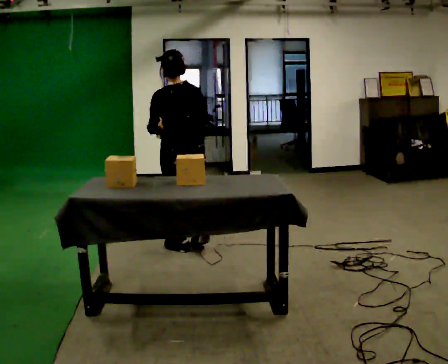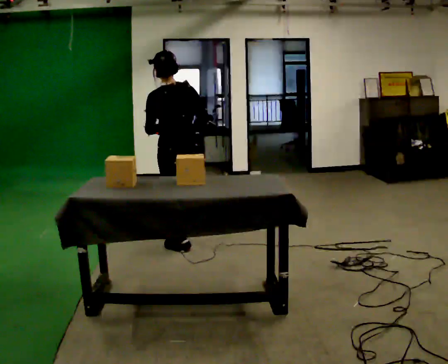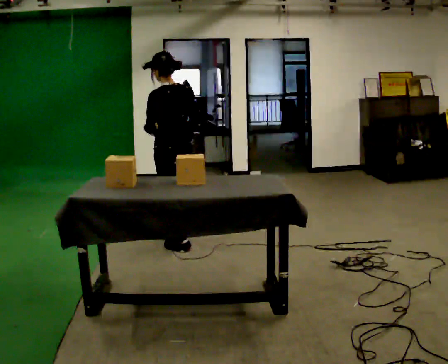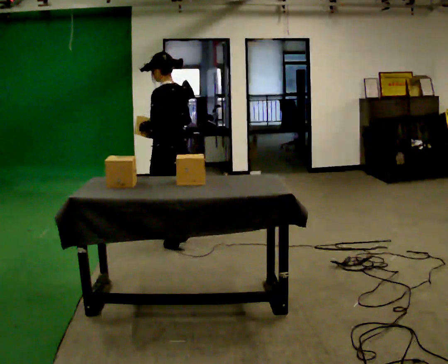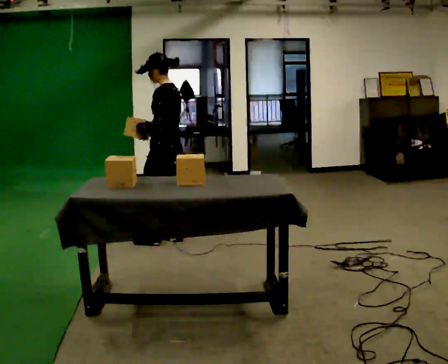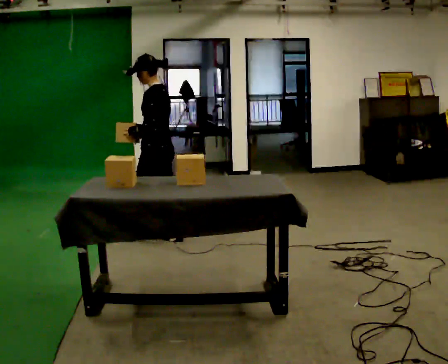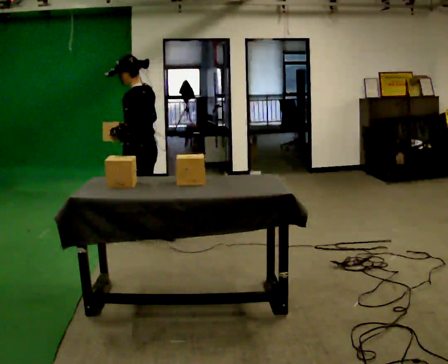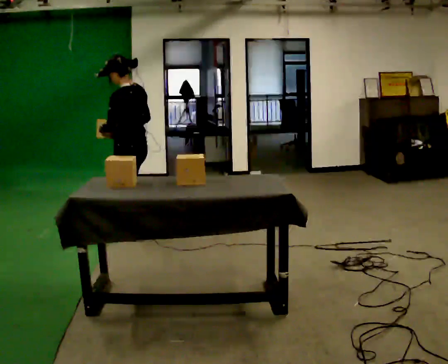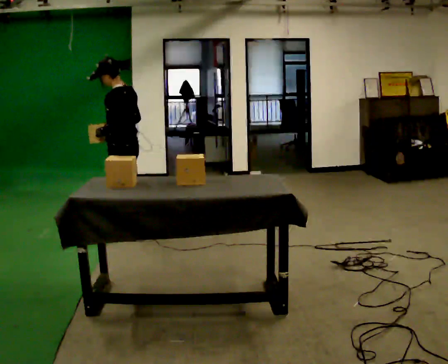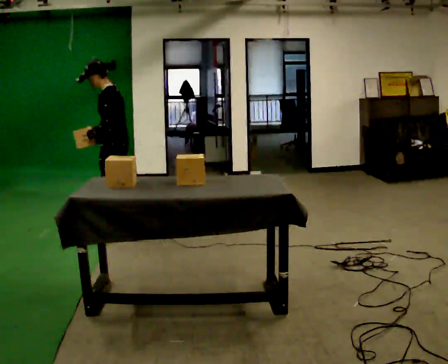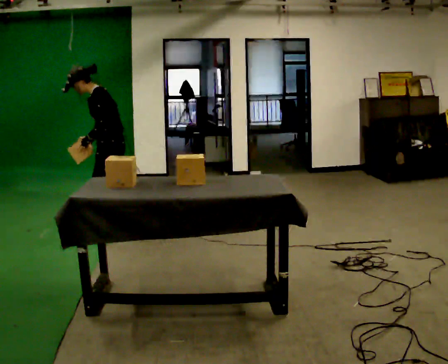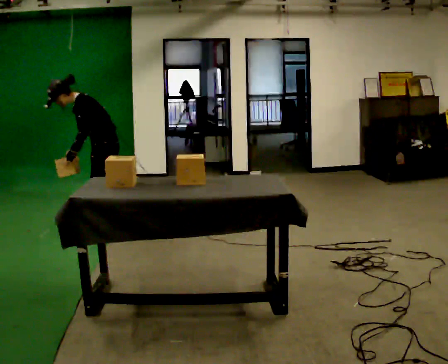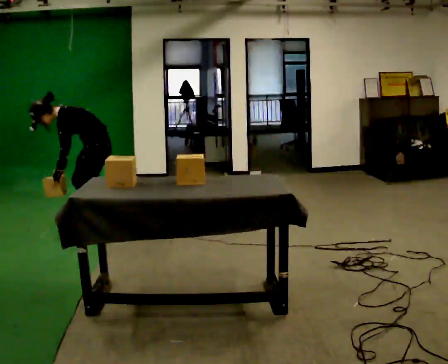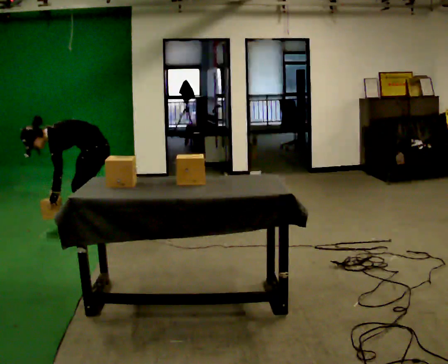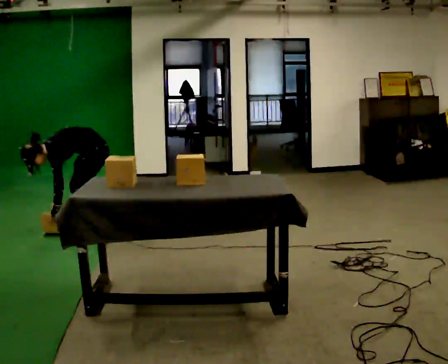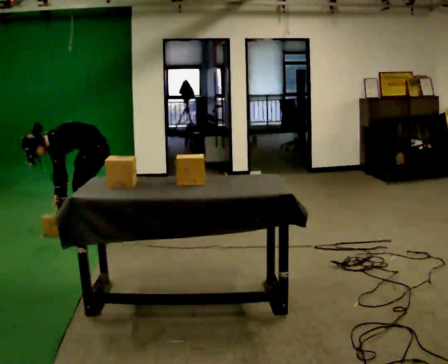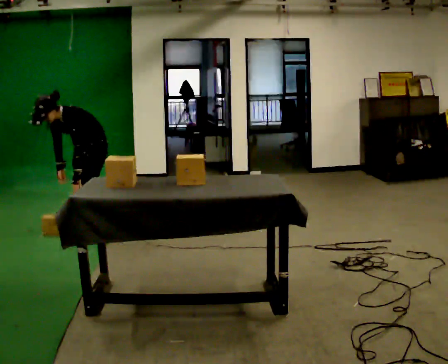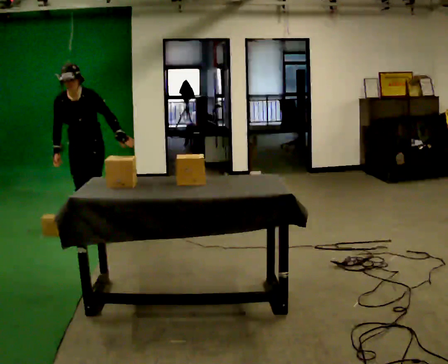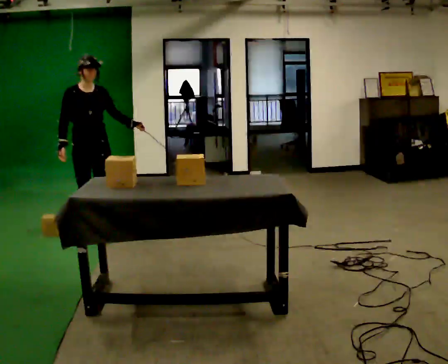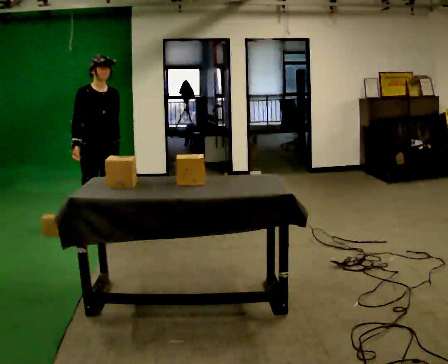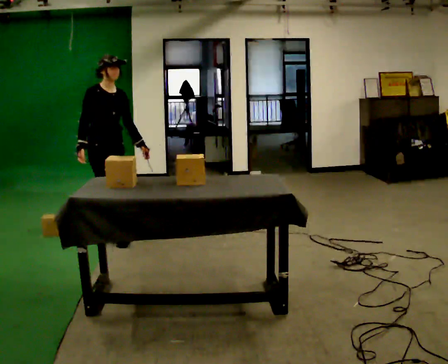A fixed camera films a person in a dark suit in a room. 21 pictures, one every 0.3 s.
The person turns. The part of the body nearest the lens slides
to the right.
The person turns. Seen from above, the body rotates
counterclockwise.
0.0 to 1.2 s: The person turns about 45 degrees to their left, counterclockwise seen from above, so the part of the body nearest the lens slides to the right. In the picture they go away from the camera, about 0.25 m in 1 step, which for them is forward and to their right.
1.2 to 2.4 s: In the picture they go to the left and away from the camera, about 0.5 m in 2 steps, which for them is forward.
2.4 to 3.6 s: The part of the body nearest the lens slides to the right as the person turns to their left by about 30 degrees. In the picture they go to the left and away from the camera, about 0.25 m in 1 step, which for them is forward and to their right. The shoulders move downward. In the picture the upper body tilts counterclockwise, shoulders to the left, as they bend forward. In the picture their left hand goes downward.
3.6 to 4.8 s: The person turns about 45 degrees to their left, counterclockwise seen from above, so the part of the body nearest the lens slides to the right.
4.8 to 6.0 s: The person turns about 75 degrees to their left, counterclockwise seen from above, so the part of the body nearest the lens slides to the right. In the picture they go toward the camera, about 0.25 m. The shoulders move upward. In the picture the upper body tilts clockwise, shoulders to the right, as they lean back or straighten.
The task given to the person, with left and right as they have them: Take an object off the waist-height shelf, carry it across the room, and set it down on the floor. Keep going until the operator says stop; one object at a time, and do not rush between trips.
The film runs forward here.
